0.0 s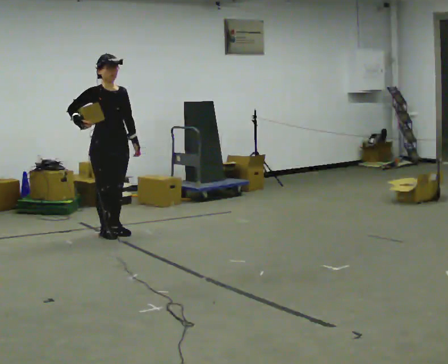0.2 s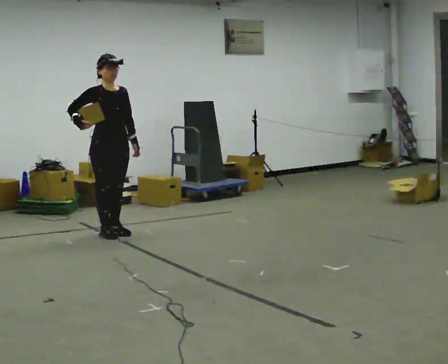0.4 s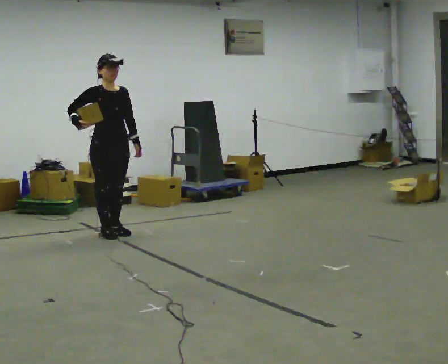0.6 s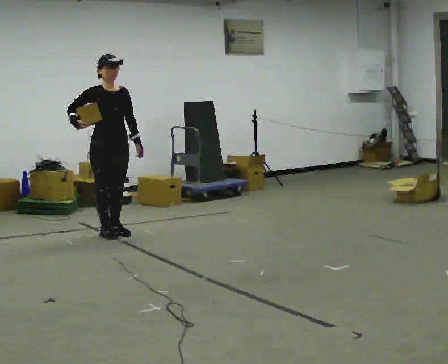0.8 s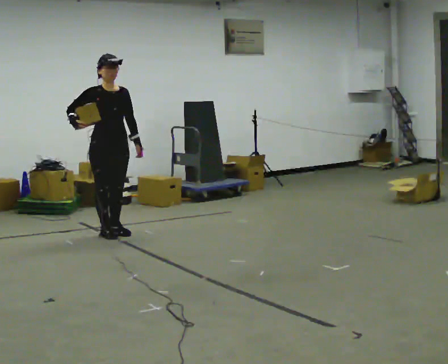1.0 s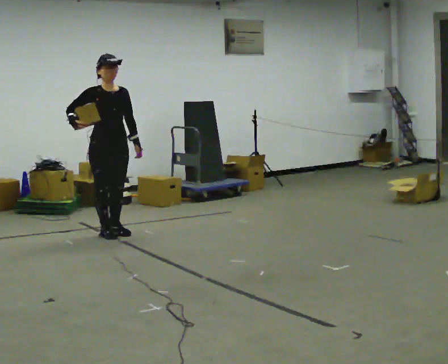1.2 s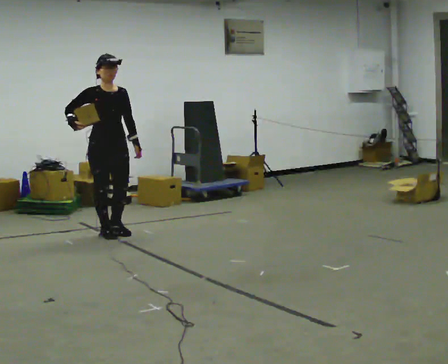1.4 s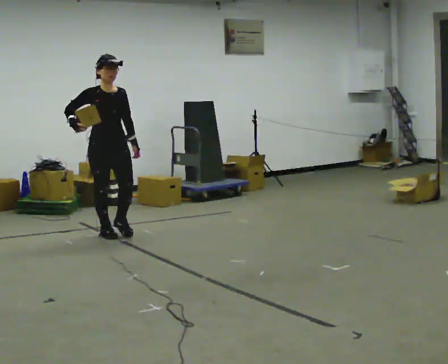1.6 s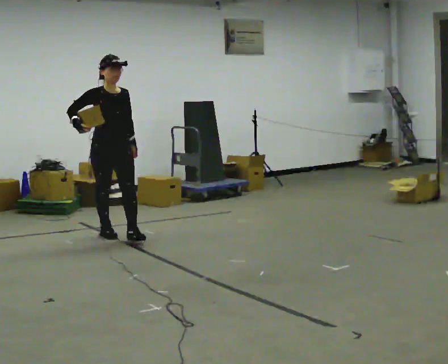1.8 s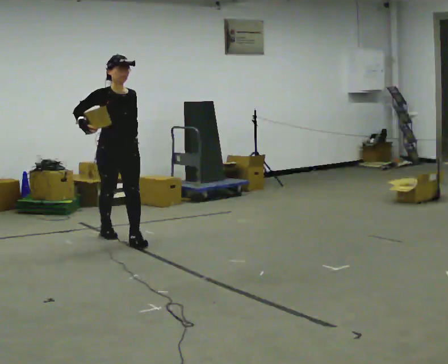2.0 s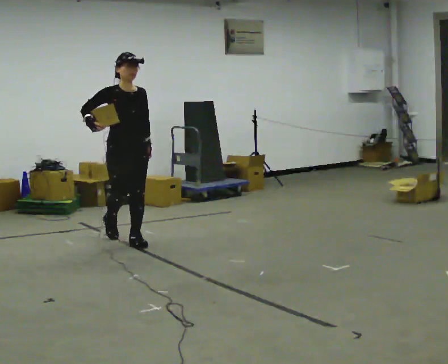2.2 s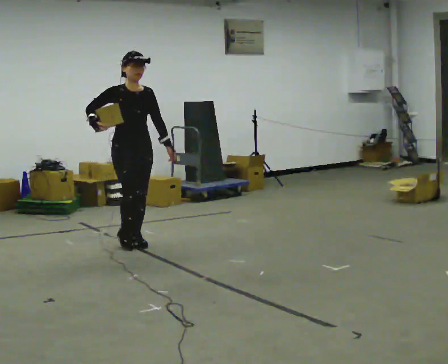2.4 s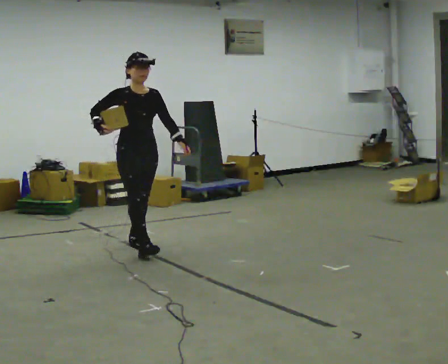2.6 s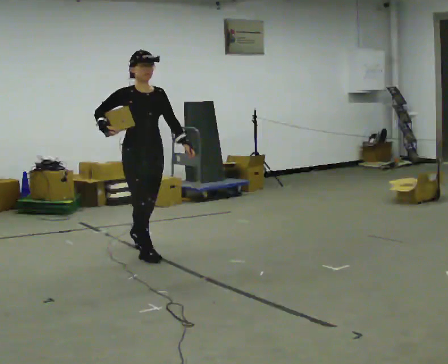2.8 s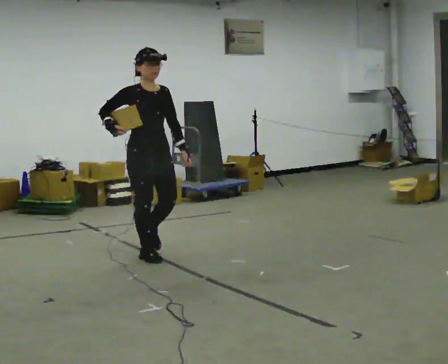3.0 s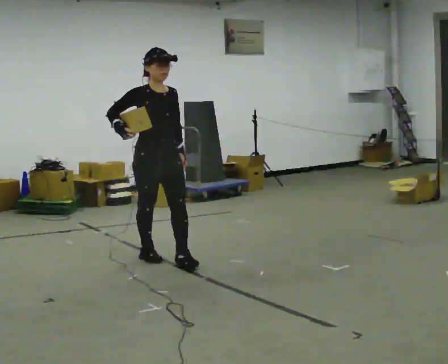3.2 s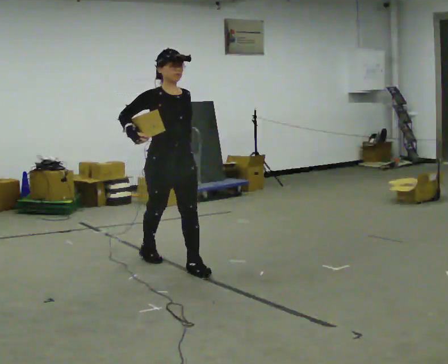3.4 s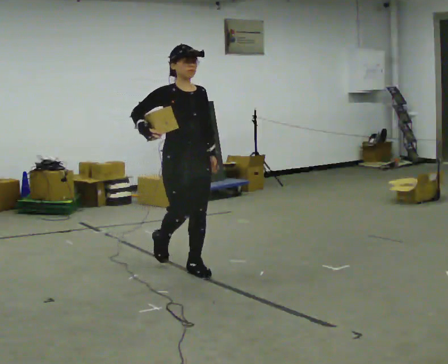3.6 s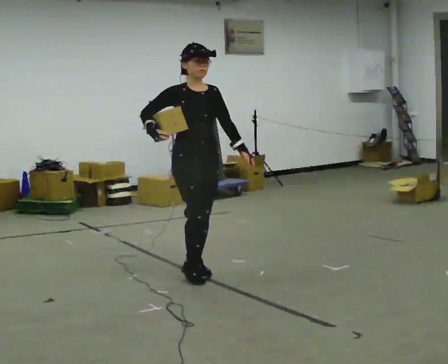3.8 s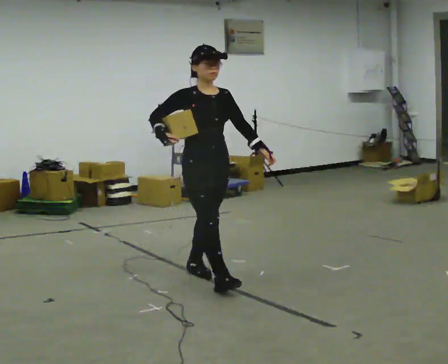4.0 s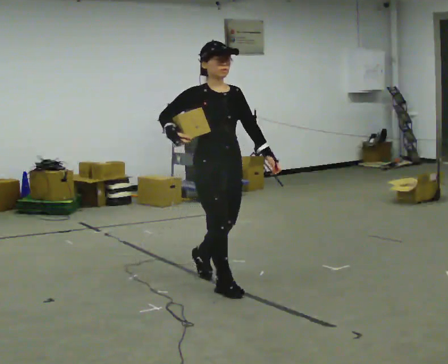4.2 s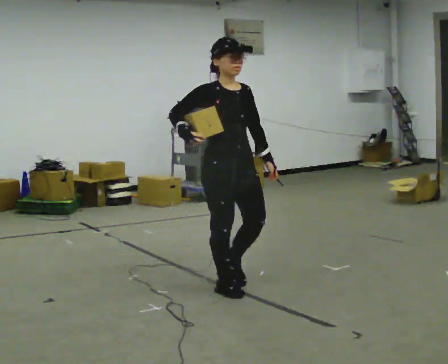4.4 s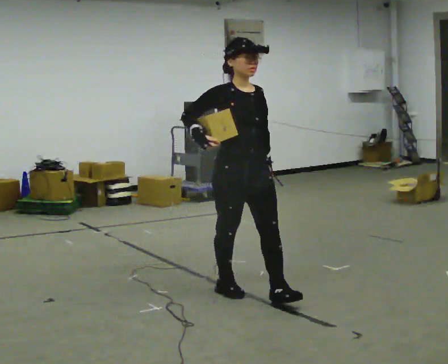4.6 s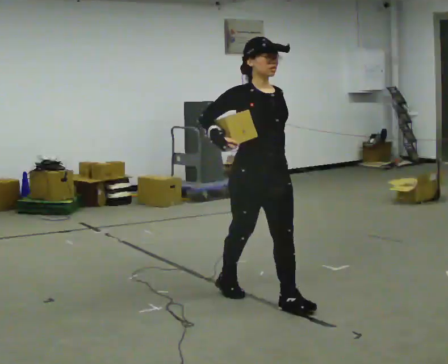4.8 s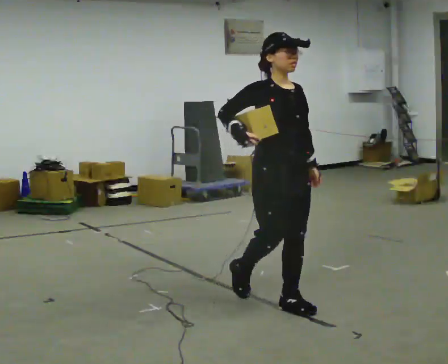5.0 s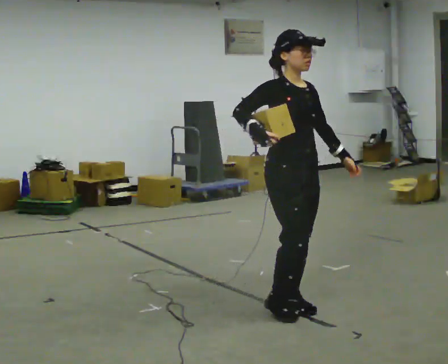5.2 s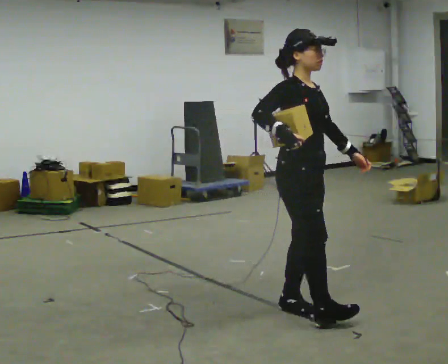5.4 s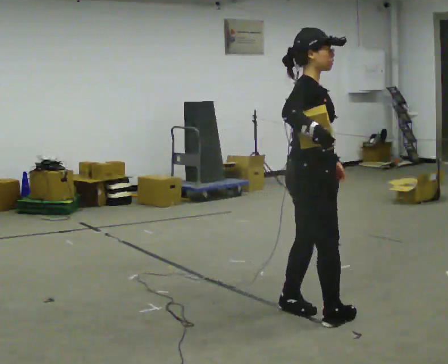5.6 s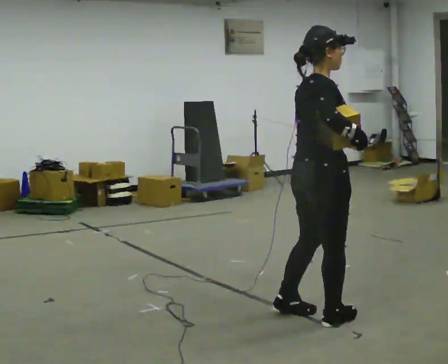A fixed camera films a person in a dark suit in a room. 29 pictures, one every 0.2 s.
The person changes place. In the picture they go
toward the camera.
0.0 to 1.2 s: The person moves a little, or ends about where they began.
1.2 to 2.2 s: In the picture they go toward the camera and to the right, about 0.5 m in 1 step, which for them is forward.
2.2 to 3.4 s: In the picture they go toward the camera and to the right, about 1 m in 2 steps, which for them is forward.
3.4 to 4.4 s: In the picture they go toward the camera and to the right, about 0.5 m in 1 step, which for them is forward.
4.4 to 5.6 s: The person turns about 75 degrees to their left, counterclockwise seen from above, so the part of the body nearest the lens slides to the right. In the picture they go toward the camera and to the right, about 0.75 m in 2 steps.
The film runs forward here.
